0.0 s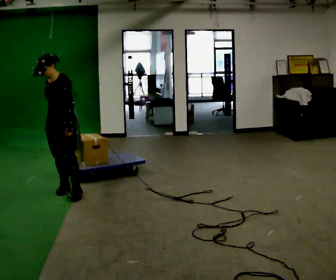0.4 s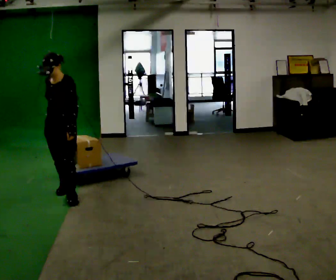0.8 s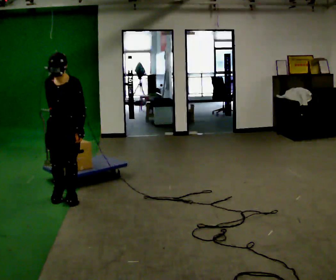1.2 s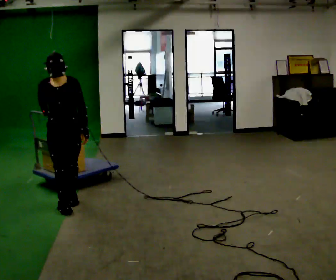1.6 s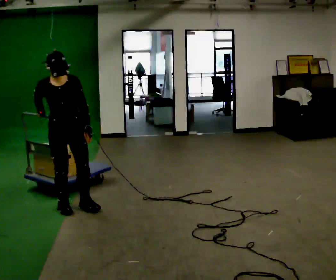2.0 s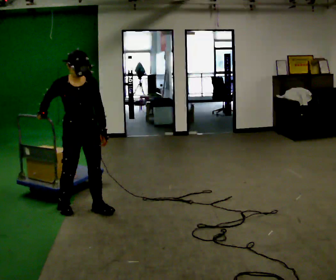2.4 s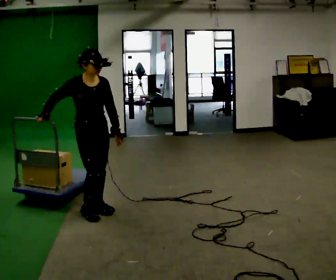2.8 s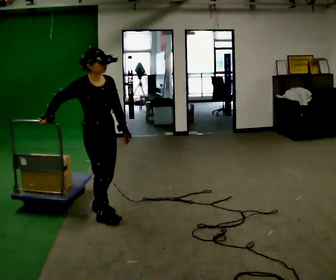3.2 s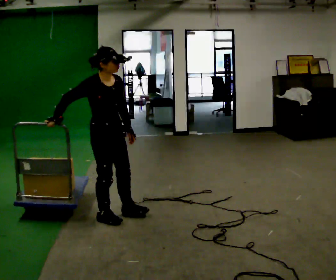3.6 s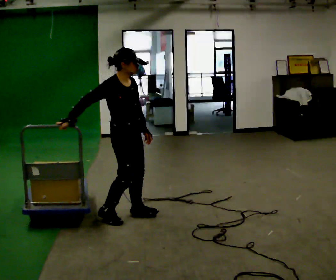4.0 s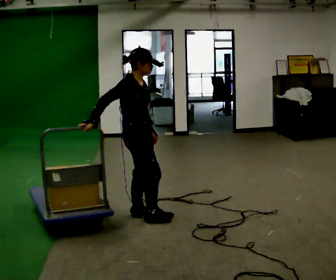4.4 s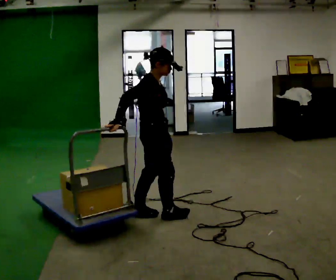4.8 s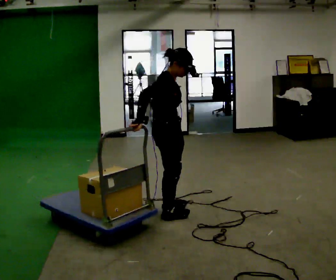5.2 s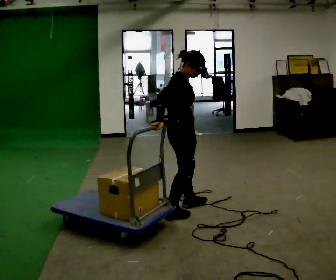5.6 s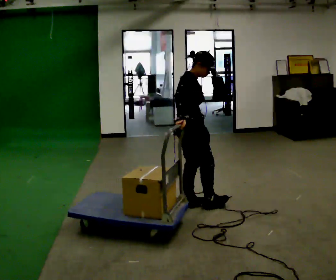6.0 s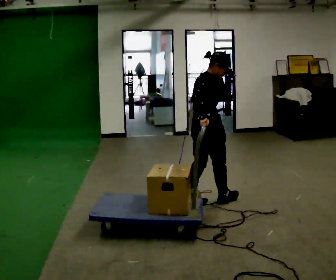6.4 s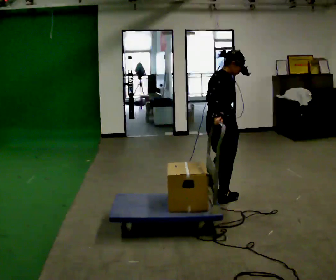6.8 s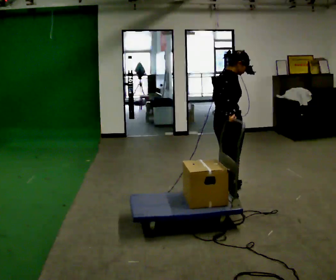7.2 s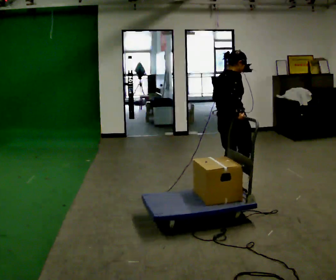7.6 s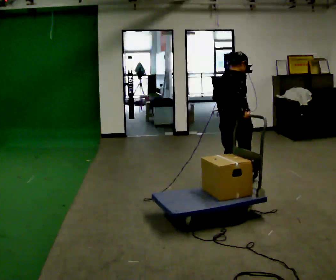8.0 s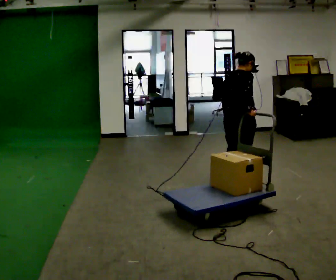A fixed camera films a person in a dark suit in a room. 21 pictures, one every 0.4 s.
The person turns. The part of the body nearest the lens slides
to the right.
The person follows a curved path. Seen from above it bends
counterclockwise.
0.0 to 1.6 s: The part of the body nearest the lens slides to the right as the person turns to their left by about 45 degrees. In the picture they go toward the camera, about 0.5 m in 2 steps, which for them is forward.
1.6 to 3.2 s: Seen from above the body turns counterclockwise, about 30 degrees: to their left, with its near side sliding to the right. In the picture they go to the right and toward the camera, about 0.5 m in 2 steps, which for them is forward.
3.2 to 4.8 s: The person turns about 30 degrees to their left, counterclockwise seen from above, so the part of the body nearest the lens slides to the right. In the picture they go to the right, about 0.5 m in 2 steps, which for them is forward.
4.8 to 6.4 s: In the picture they go to the right and away from the camera, about 0.5 m in 2 steps, which for them is forward.
6.4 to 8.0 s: Seen from above the body turns counterclockwise, about 30 degrees: to their left, with its near side sliding to the right. In the picture they go away from the camera and to the right, about 0.5 m in 2 steps, which for them is forward and to their left.
The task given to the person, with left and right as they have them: Pull the cart behind you as you walk backward across the room. The operator will confirm the space behind you is clear before each take.
The film runs forward here.
